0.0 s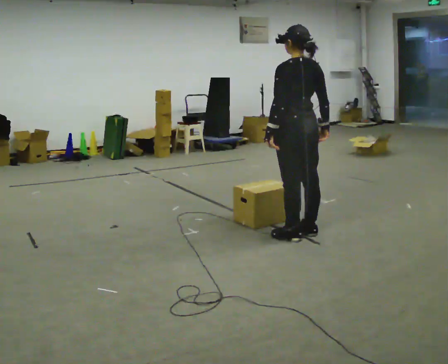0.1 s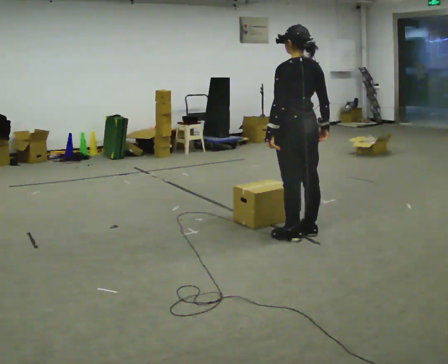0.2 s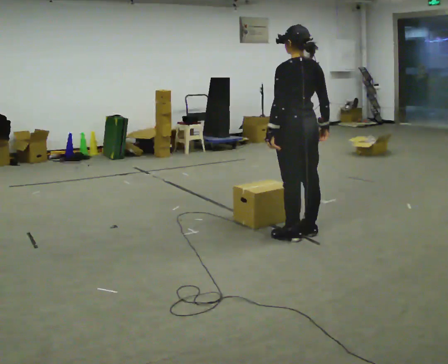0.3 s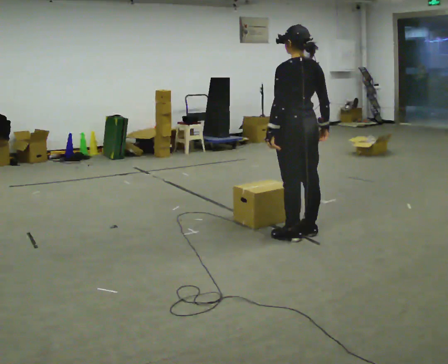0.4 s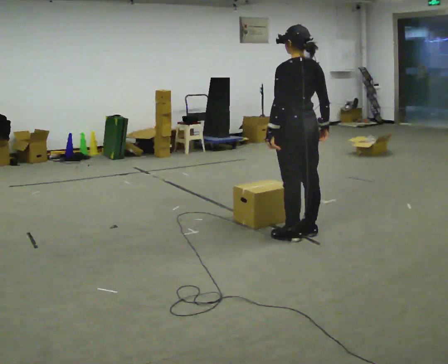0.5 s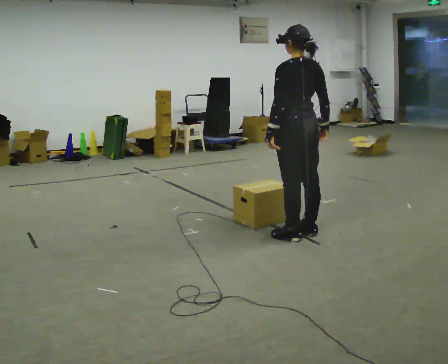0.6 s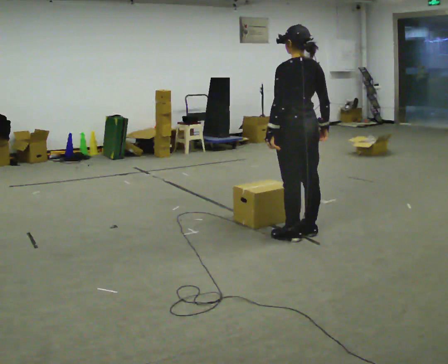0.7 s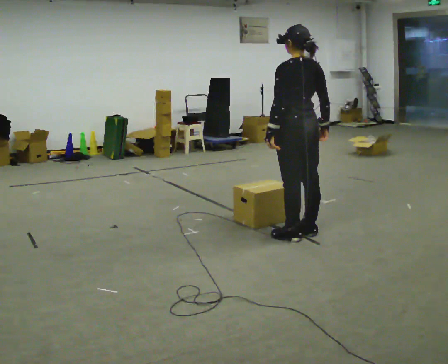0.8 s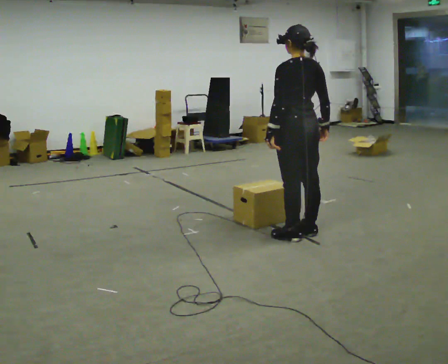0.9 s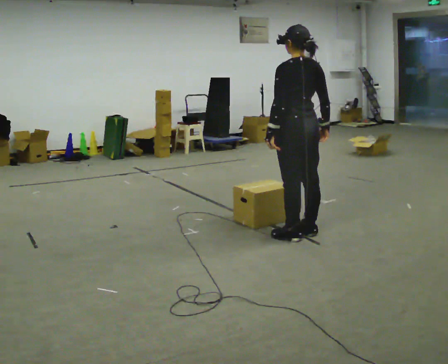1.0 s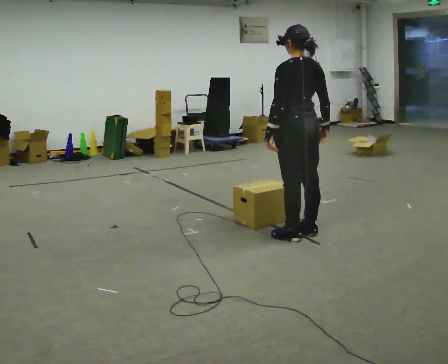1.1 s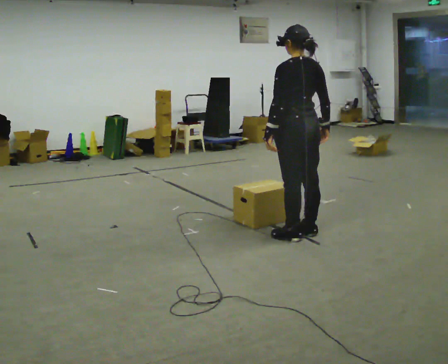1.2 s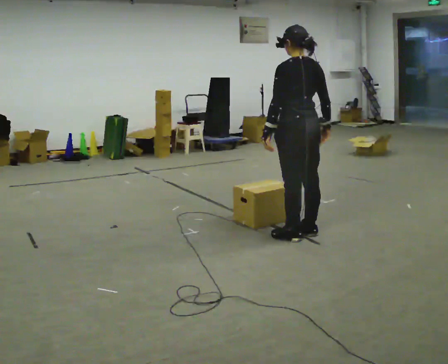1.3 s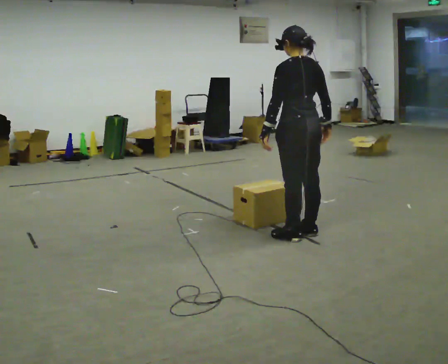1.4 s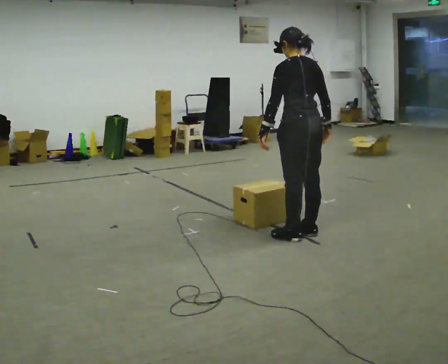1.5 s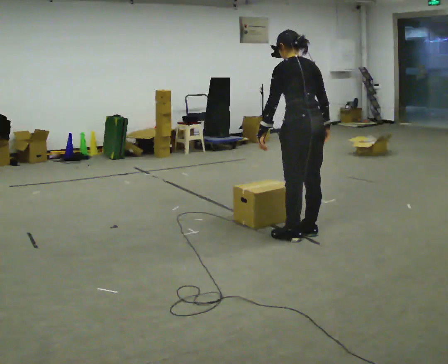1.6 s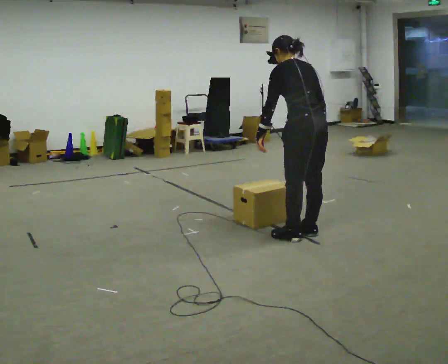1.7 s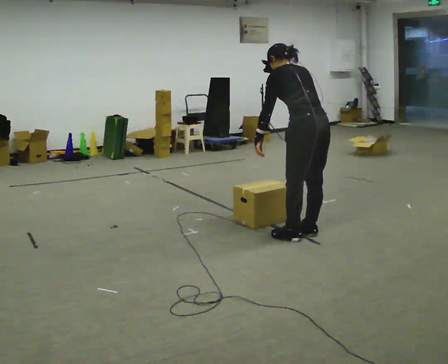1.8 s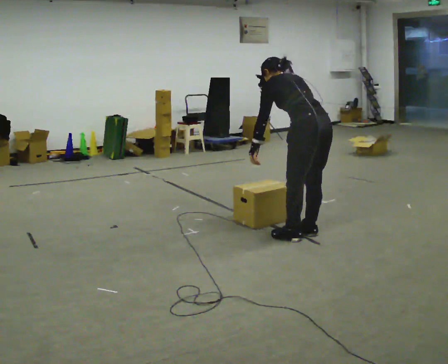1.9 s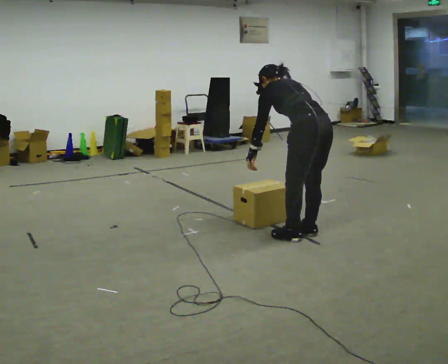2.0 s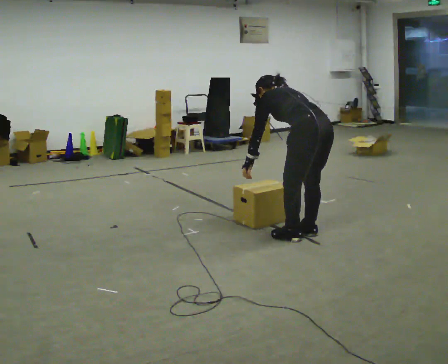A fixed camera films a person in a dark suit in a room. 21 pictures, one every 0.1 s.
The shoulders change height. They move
downward.
0.0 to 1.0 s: The person keeps their place and pose.
1.0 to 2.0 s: The shoulders move downward. The upper body tips away from the camera, its near side rolling upward, as they bend forward.
The film runs forward here.
